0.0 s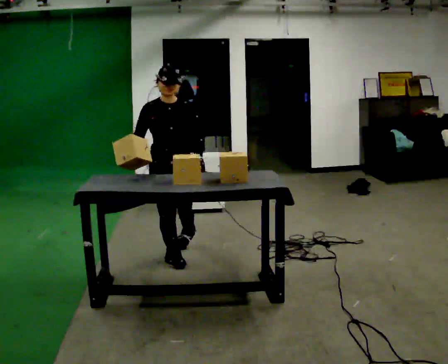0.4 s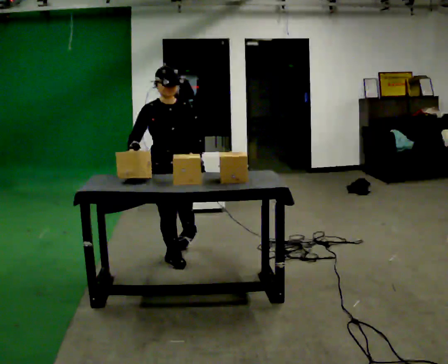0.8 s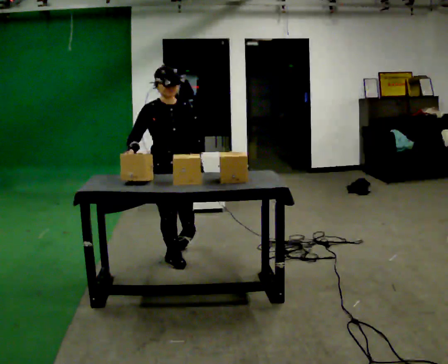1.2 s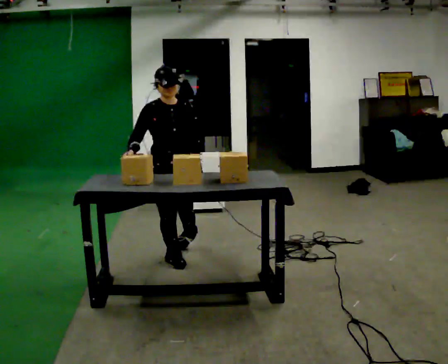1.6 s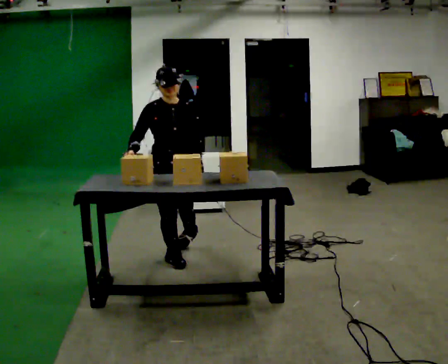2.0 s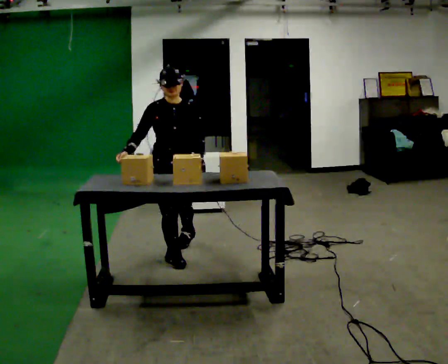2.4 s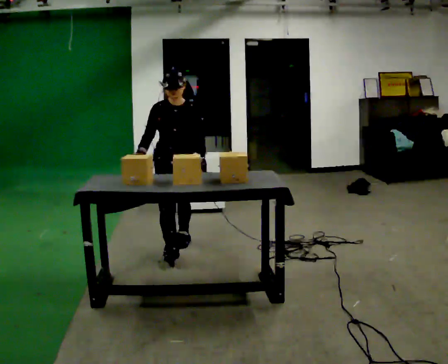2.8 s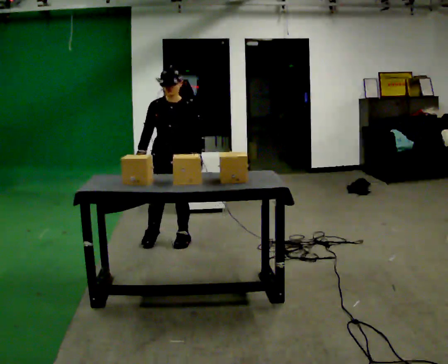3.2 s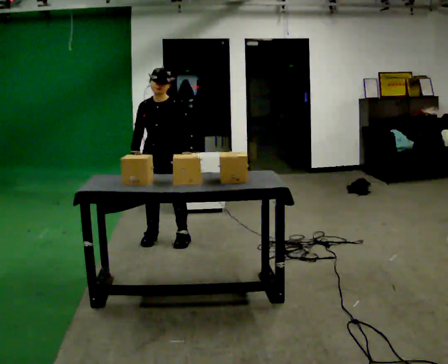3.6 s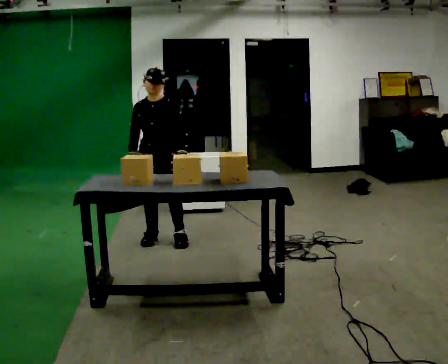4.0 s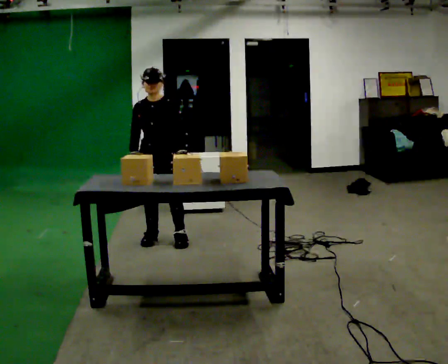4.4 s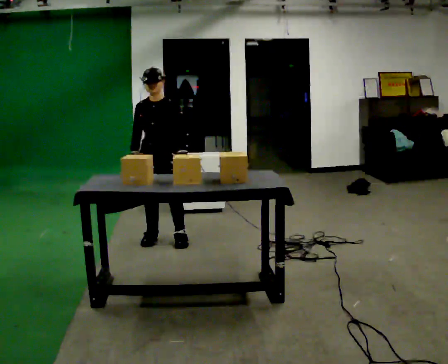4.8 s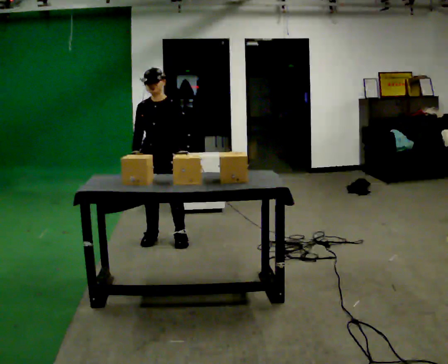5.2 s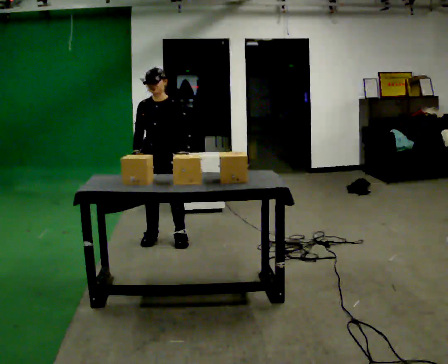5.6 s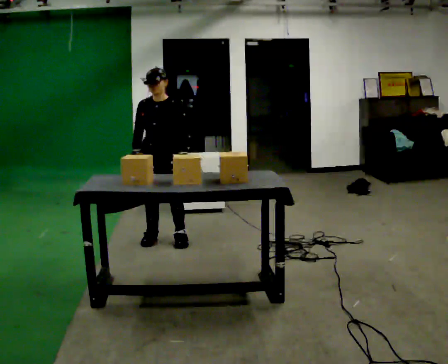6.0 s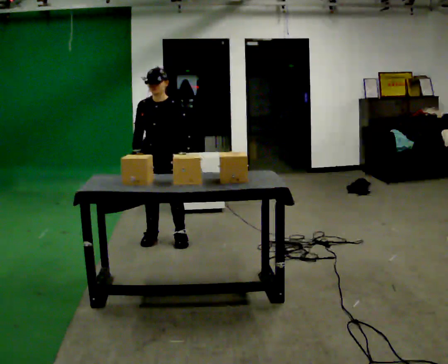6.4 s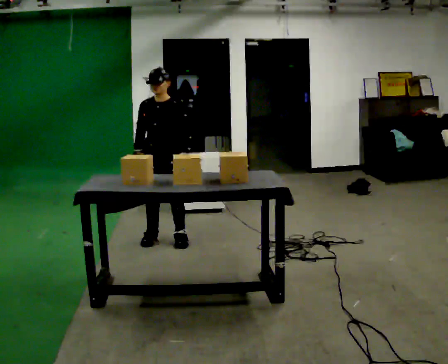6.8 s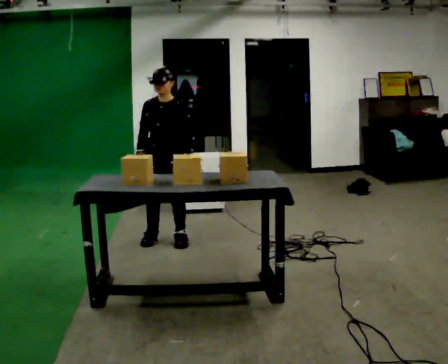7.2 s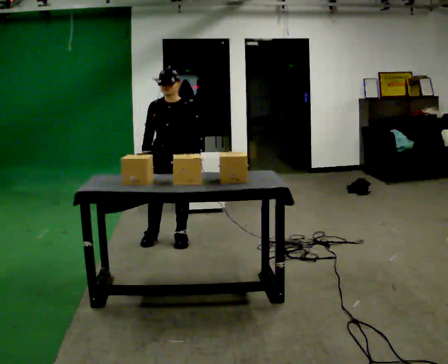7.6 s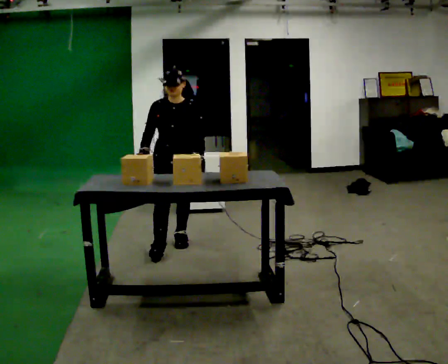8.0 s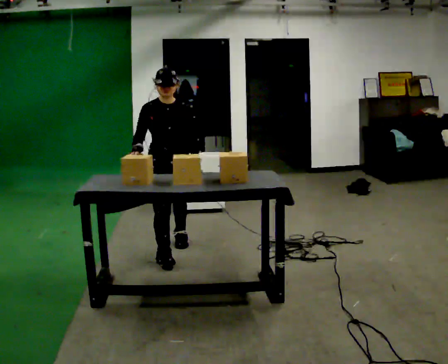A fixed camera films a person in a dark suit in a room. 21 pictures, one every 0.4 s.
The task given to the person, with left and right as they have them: Move objects one at a time from the waist-height shelf at one end of the room to the waist-height shelf at the other end. Keep going until the operator says stop; one object at a time, and do not rush between trips.
0.0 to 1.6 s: The person moves a little, or ends about where they began.
1.6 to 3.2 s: Seen from above the body turns clockwise, about 30 degrees: to their right, with its near side sliding to the left. In the picture they go away from the camera, about 0.5 m in 1 step, which for them is backward.
3.2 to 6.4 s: The person moves a little, or ends about where they began.
6.4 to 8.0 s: The person turns about 30 degrees to their left, counterclockwise seen from above, so the part of the body nearest the lens slides to the right. In the picture they go toward the camera, about 0.25 m in 1 step, which for them is forward.
The film runs forward here.
